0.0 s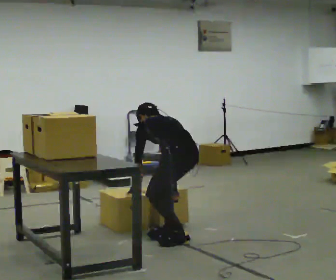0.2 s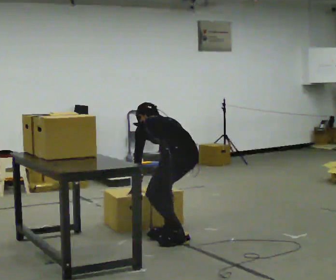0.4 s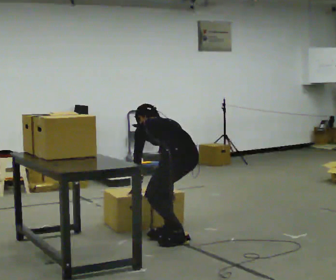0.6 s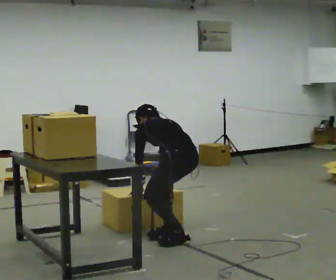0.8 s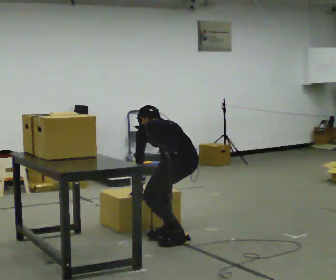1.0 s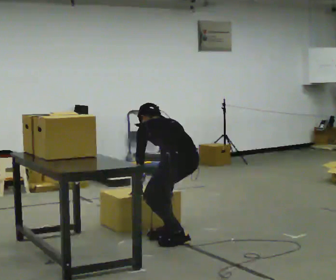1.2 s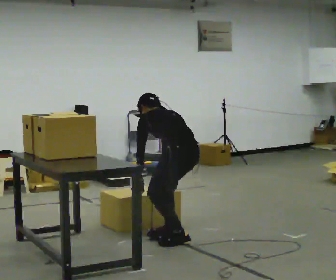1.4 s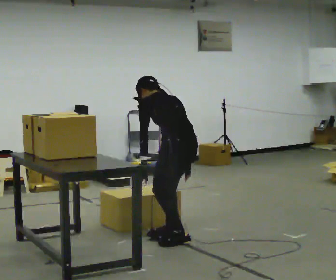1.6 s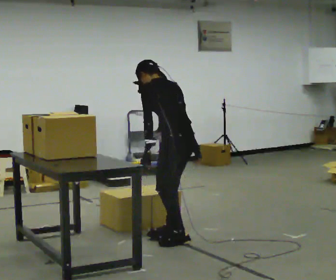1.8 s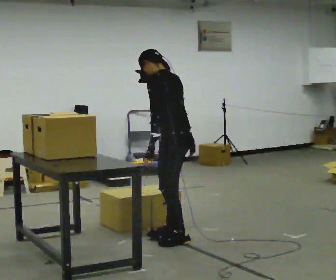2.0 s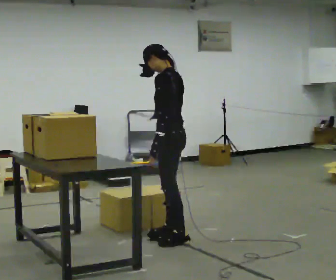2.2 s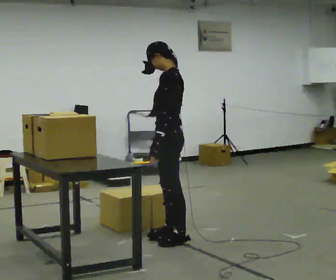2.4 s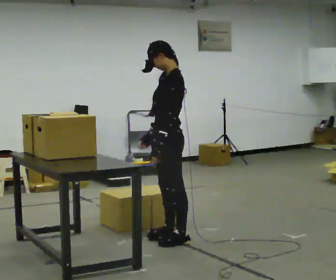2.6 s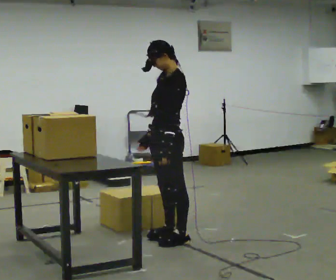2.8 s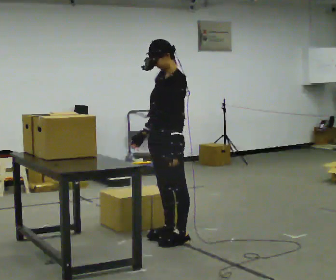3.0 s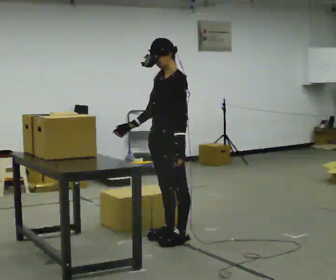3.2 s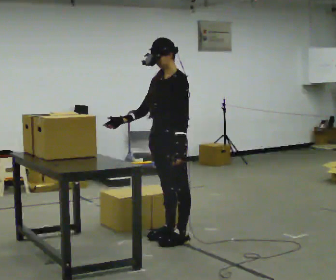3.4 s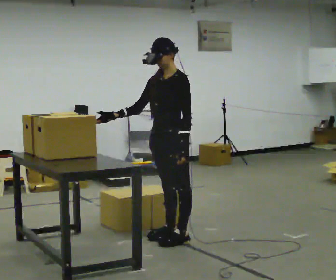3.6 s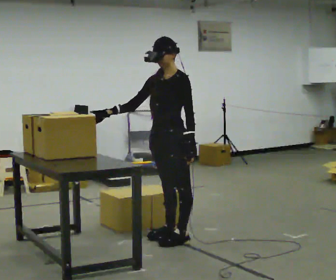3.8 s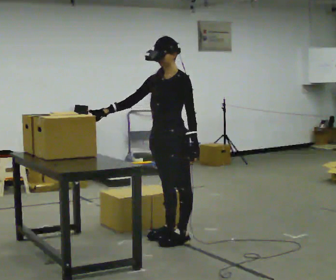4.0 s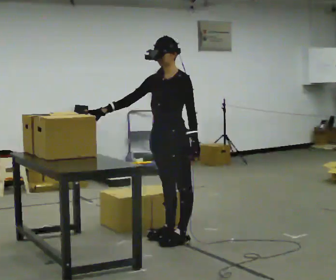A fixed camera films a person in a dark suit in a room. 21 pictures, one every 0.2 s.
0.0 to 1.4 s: The upper body goes upward. The upper body tips toward the camera, its near side rolling downward, as they lean back or straighten.
1.4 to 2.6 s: The person turns about 75 degrees to their left, counterclockwise seen from above, so the part of the body nearest the lens slides to the right. The shoulders move upward. The upper body tips toward the camera, its near side rolling downward, as they lean back or straighten. In the picture their right hand goes to the left, the arm swinging clockwise.
2.6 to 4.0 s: The person turns about 30 degrees to their left, counterclockwise seen from above, so the part of the body nearest the lens slides to the right. In the picture their right hand goes to the left.
The film runs forward here.
